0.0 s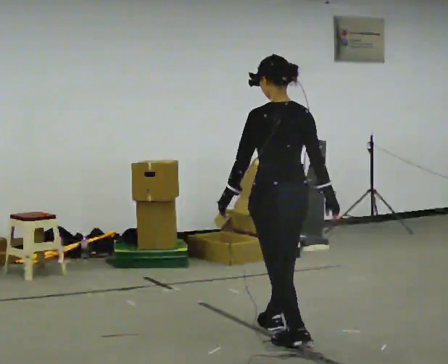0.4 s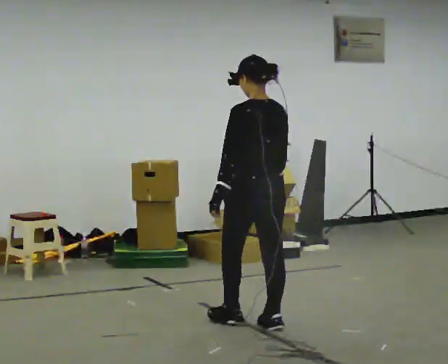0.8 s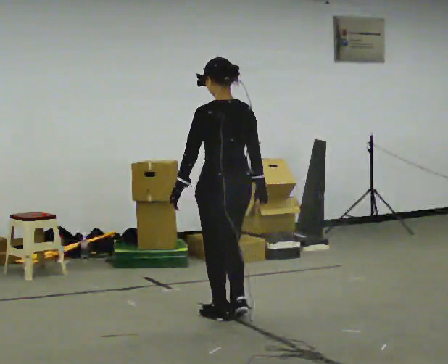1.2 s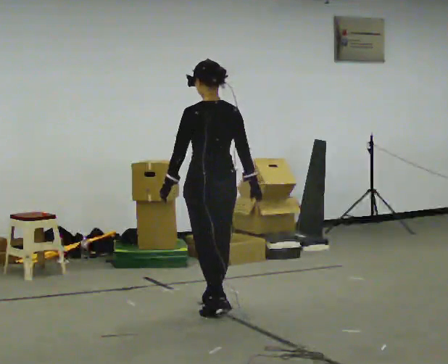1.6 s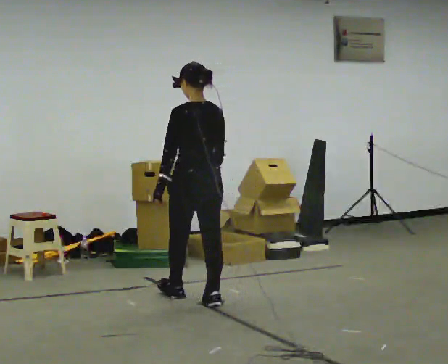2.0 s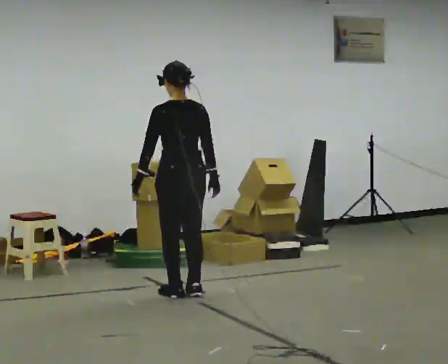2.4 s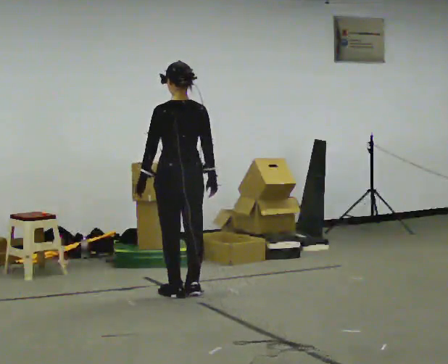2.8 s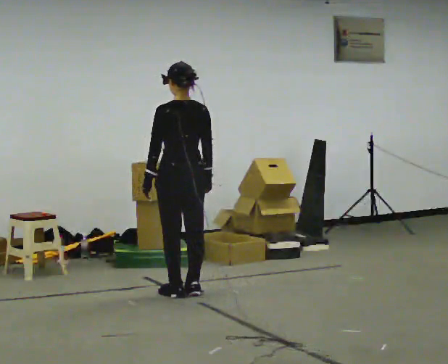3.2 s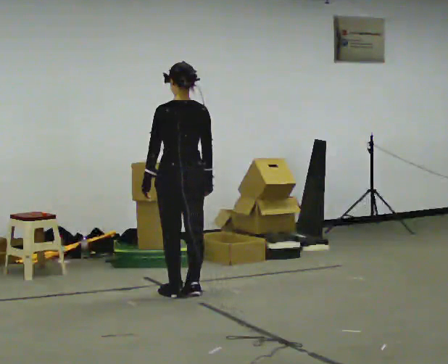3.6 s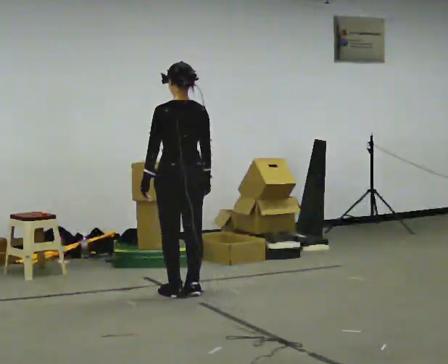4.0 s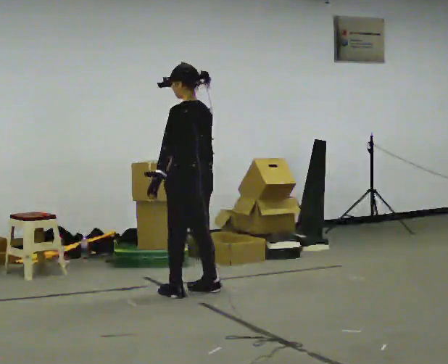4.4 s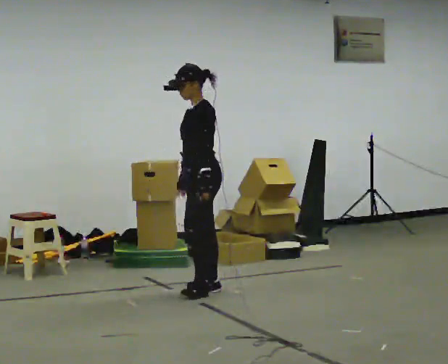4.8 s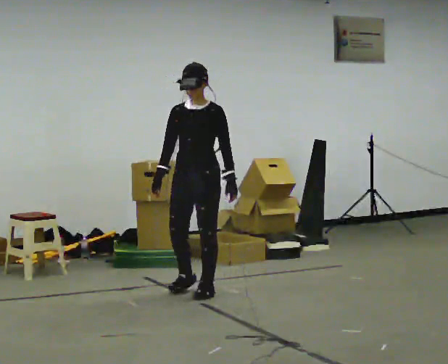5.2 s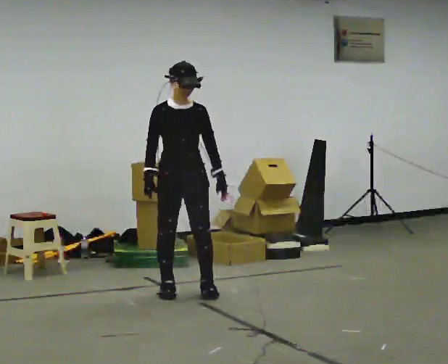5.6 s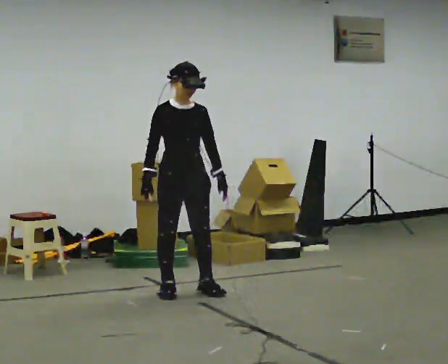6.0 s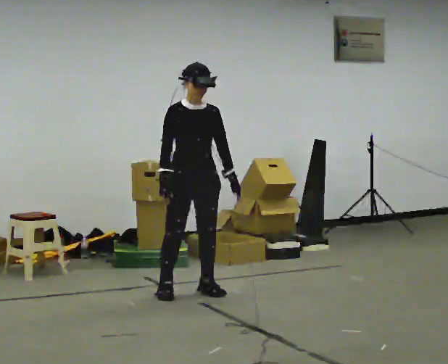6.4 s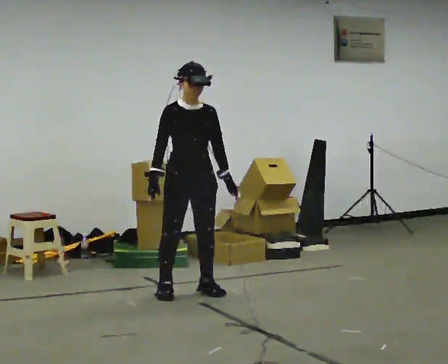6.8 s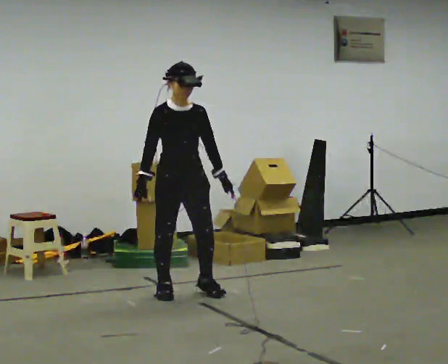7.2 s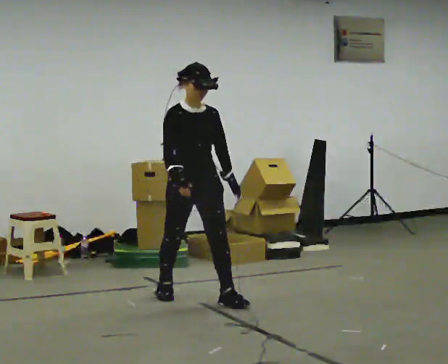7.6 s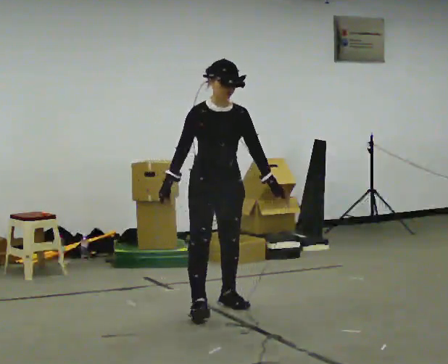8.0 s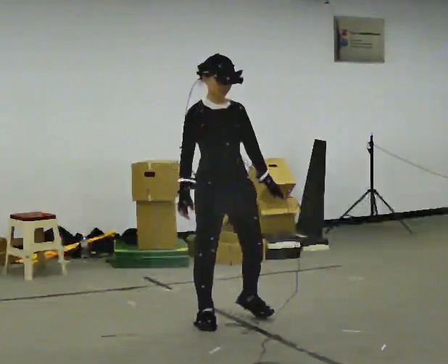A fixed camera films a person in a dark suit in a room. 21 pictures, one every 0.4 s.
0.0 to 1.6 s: In the picture they go away from the camera and to the left, about 1 m in 2 steps, which for them is forward.
1.6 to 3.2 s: In the picture they go away from the camera, about 0.25 m in 2 steps, which for them is forward.
3.2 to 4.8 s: The person turns about 135 degrees to their left, counterclockwise seen from above, so the part of the body nearest the lens slides to the right. In the picture their left hand goes to the right, the arm swinging counterclockwise.
4.8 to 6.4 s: The part of the body nearest the lens slides to the right as the person turns to their left by about 45 degrees.
6.4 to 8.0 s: In the picture they go toward the camera, about 1 m in 2 steps, which for them is forward.
The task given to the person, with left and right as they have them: Walk forward with your feet closer together than normal, or further apart than normal, as the operator states; stop.
The film runs forward here.
